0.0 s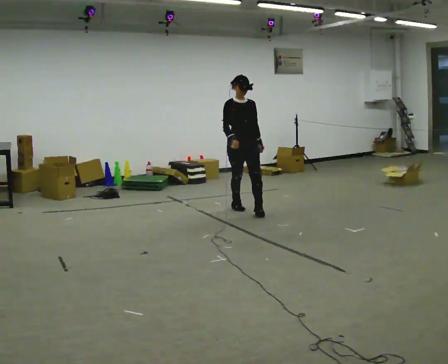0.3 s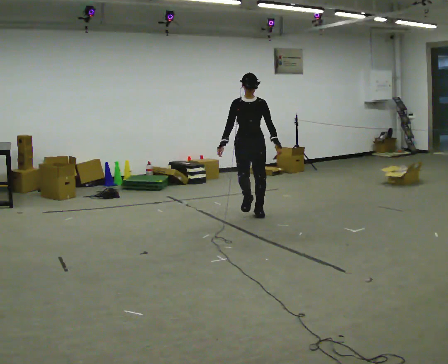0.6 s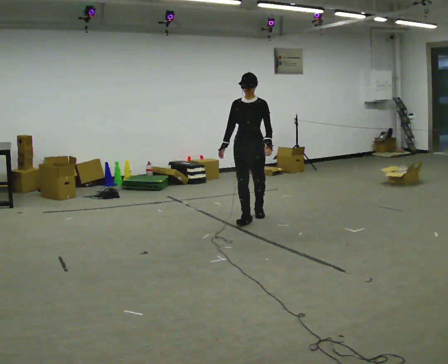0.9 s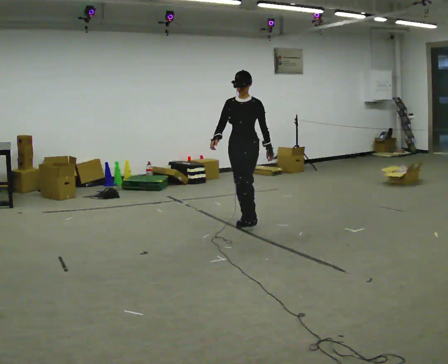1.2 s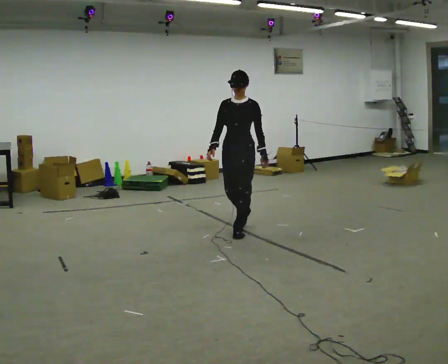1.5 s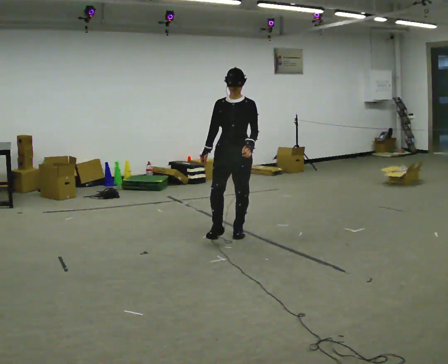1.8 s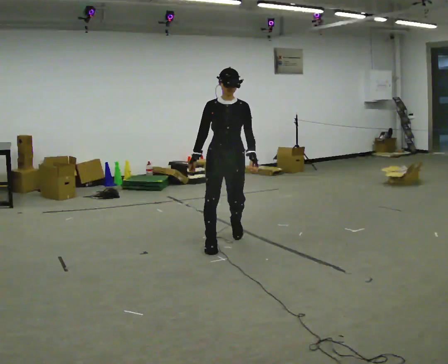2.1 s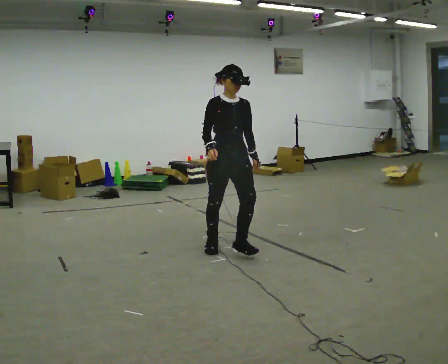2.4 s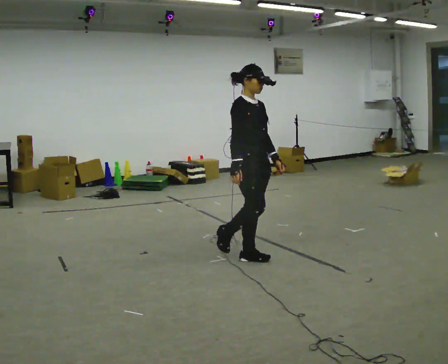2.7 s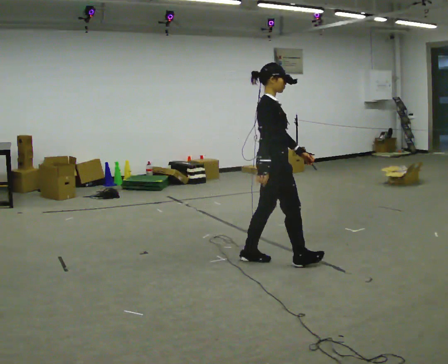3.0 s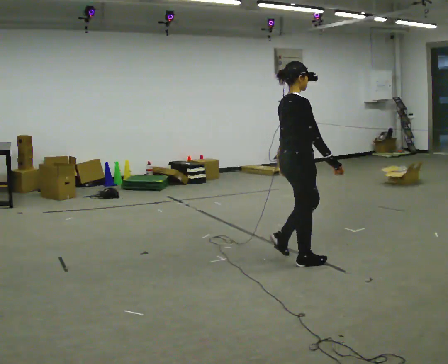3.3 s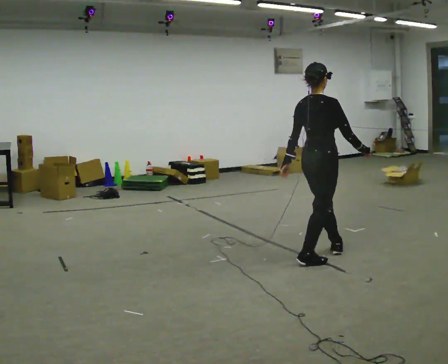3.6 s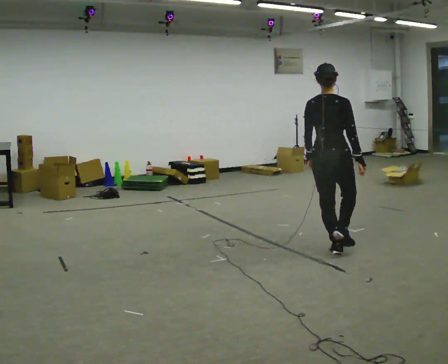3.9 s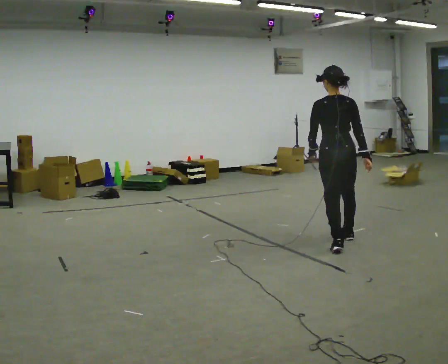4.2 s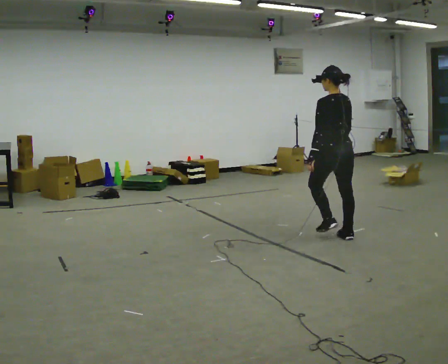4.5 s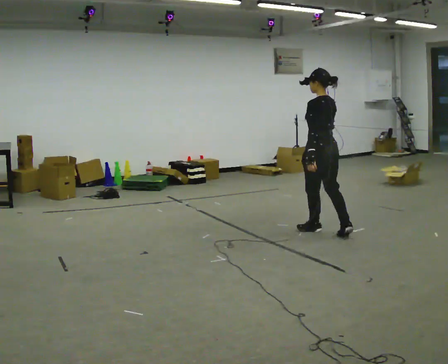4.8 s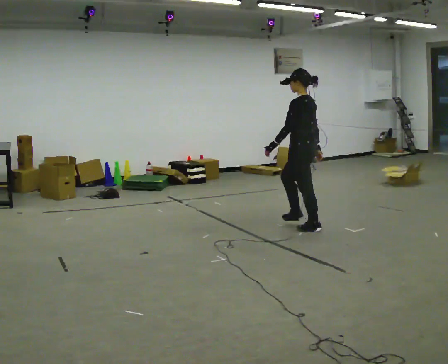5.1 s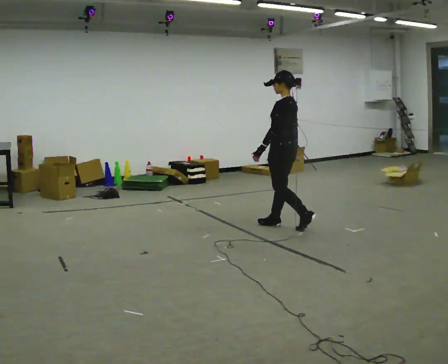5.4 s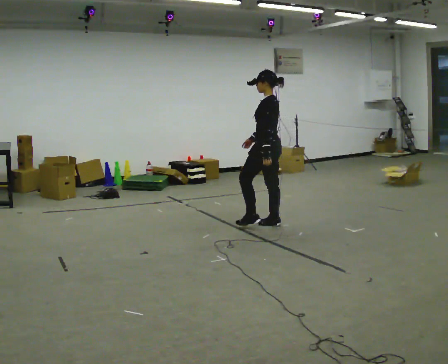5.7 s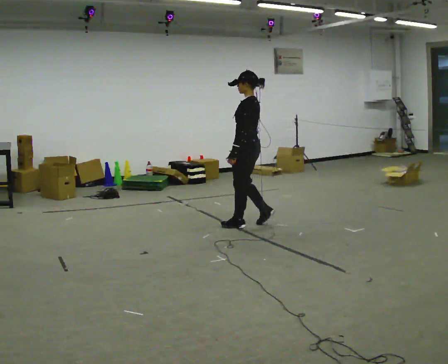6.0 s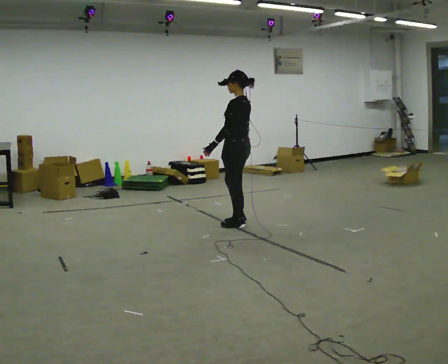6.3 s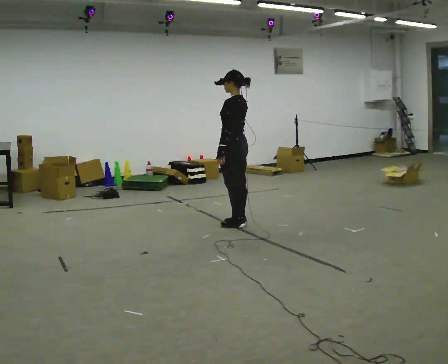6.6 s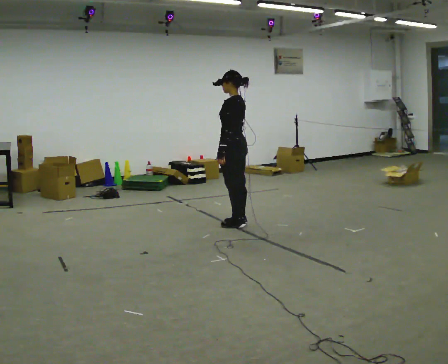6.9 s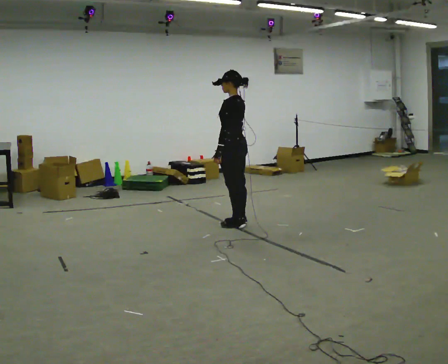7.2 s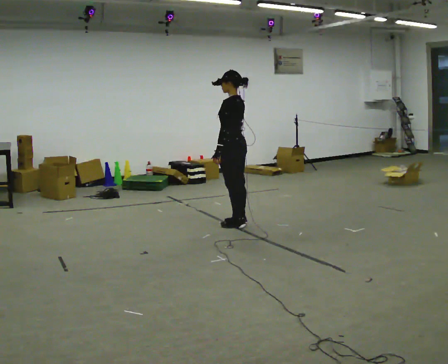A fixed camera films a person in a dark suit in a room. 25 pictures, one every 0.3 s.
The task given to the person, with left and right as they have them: Walk; stop fully; turn 90° left/right while standing; walk new direction.
0.0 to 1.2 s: Seen from above the body turns clockwise, about 30 degrees: to their right, with its near side sliding to the left. In the picture they go toward the camera, about 1 m in 2 steps, which for them is forward.
1.2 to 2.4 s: The person turns about 75 degrees to their left, counterclockwise seen from above, so the part of the body nearest the lens slides to the right. In the picture they go toward the camera, about 1 m in 2 steps.
2.4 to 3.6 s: The person turns about 90 degrees to their left, counterclockwise seen from above, so the part of the body nearest the lens slides to the right. In the picture they go to the right, about 0.75 m in 2 steps.
3.6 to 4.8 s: The part of the body nearest the lens slides to the right as the person turns to their left by about 90 degrees. In the picture they go away from the camera, about 1 m in 2 steps.
4.8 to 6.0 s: In the picture they go to the left, about 0.75 m in 3 steps, which for them is forward.
6.0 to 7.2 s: The person moves a little, or ends about where they began.
The film runs forward here.
